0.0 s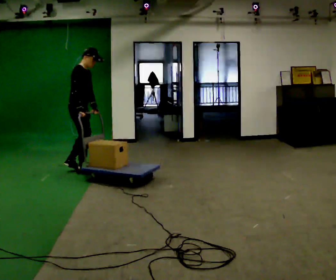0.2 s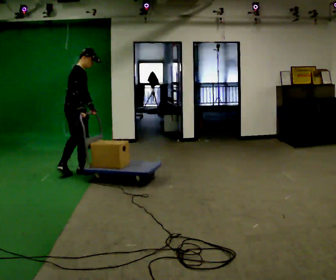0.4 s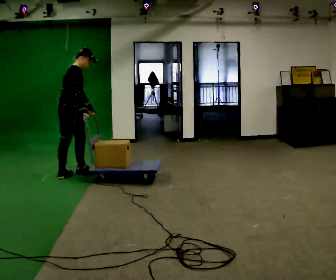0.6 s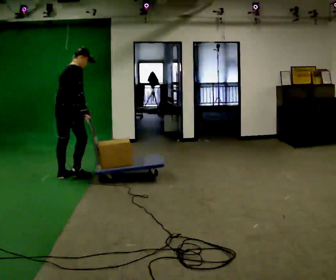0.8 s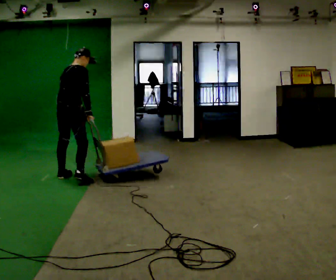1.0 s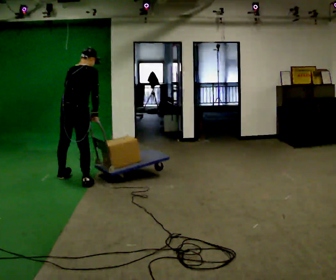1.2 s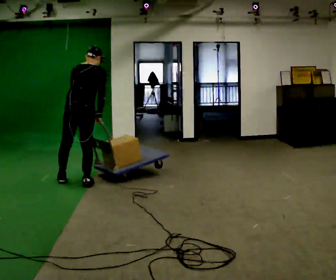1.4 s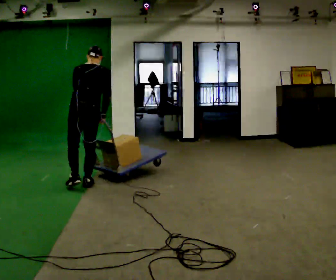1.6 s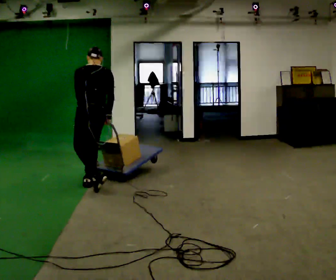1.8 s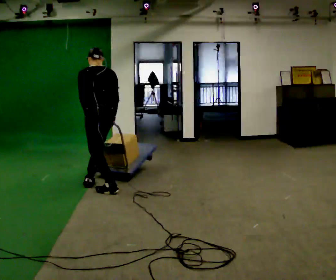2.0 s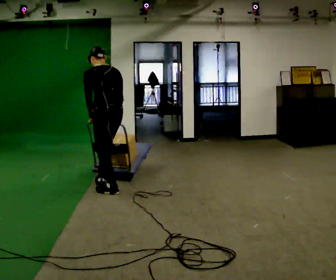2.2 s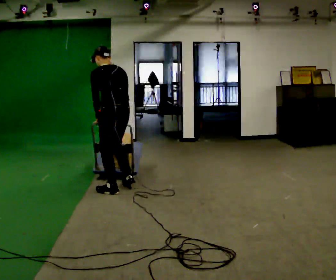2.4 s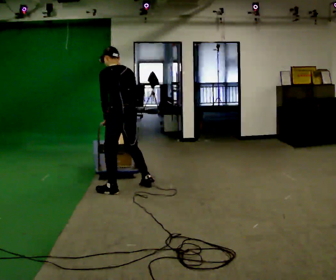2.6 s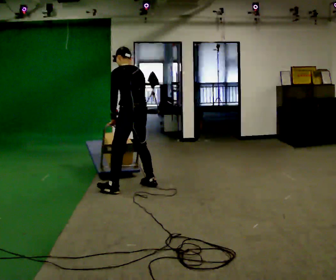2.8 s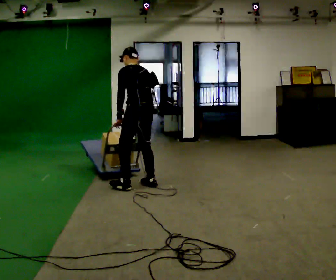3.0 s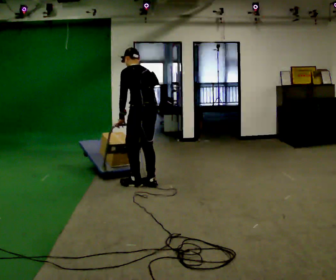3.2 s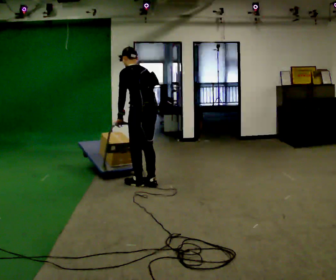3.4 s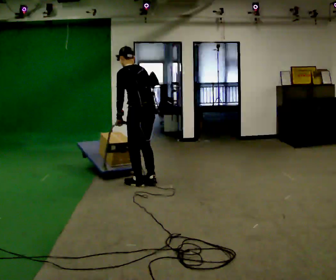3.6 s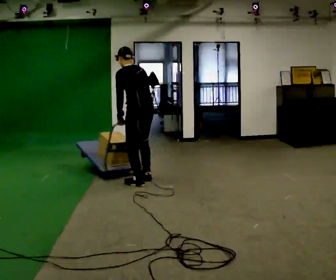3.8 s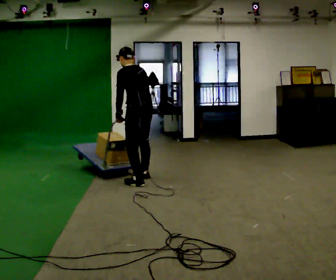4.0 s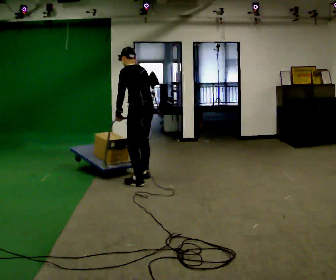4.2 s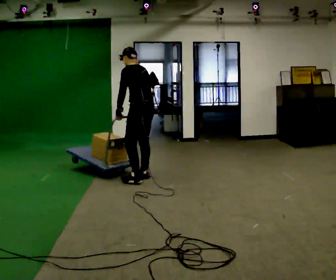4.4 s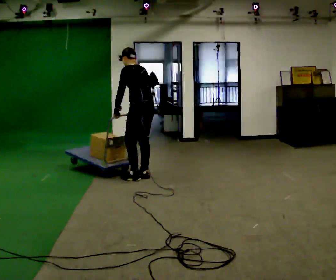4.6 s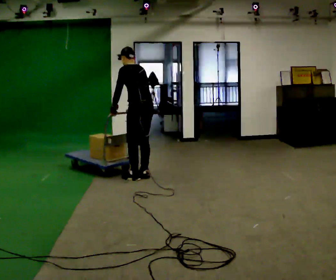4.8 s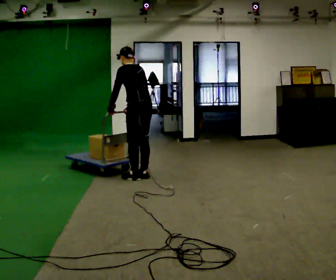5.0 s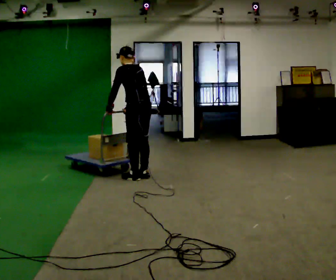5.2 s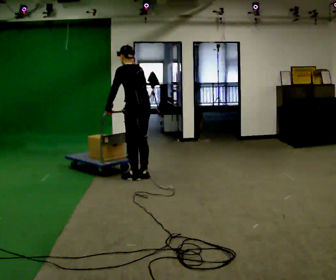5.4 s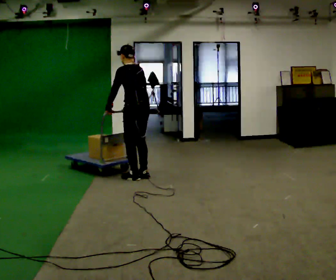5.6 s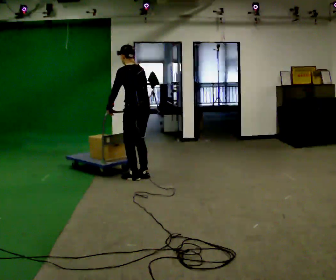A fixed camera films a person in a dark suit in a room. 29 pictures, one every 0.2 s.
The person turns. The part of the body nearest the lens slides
to the right.
The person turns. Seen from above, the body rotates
counterclockwise.
0.0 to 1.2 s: The person turns about 75 degrees to their left, counterclockwise seen from above, so the part of the body nearest the lens slides to the right. In the picture they go toward the camera, about 0.5 m in 2 steps.
1.2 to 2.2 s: The part of the body nearest the lens slides to the right as the person turns to their left by about 45 degrees. In the picture they go to the right and toward the camera, about 0.5 m in 1 step, which for them is backward and to their right. In the picture the upper body tilts counterclockwise, shoulders to the left.
2.2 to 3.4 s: In the picture they go to the right and away from the camera, about 0.5 m in 2 steps, which for them is to their right.
3.4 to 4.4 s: In the picture they go away from the camera, about 0.25 m in 1 step, which for them is to their right and forward.
4.4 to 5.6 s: The person moves a little, or ends about where they began.
The film runs backward here.
